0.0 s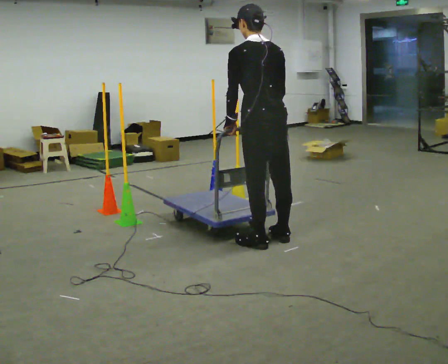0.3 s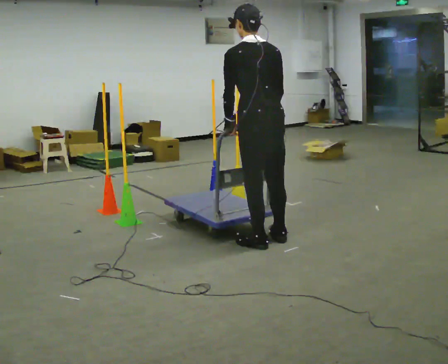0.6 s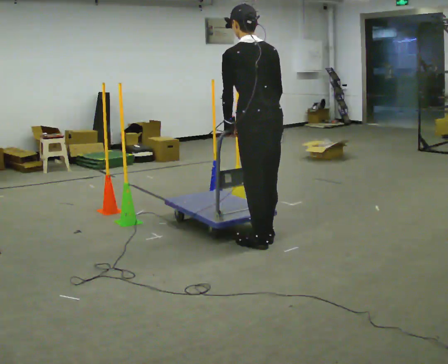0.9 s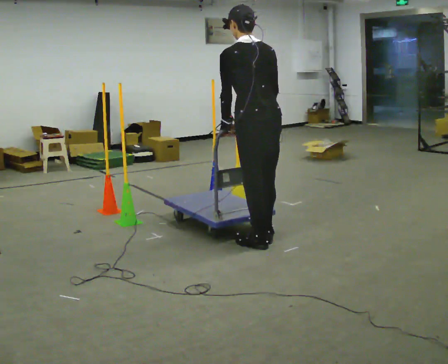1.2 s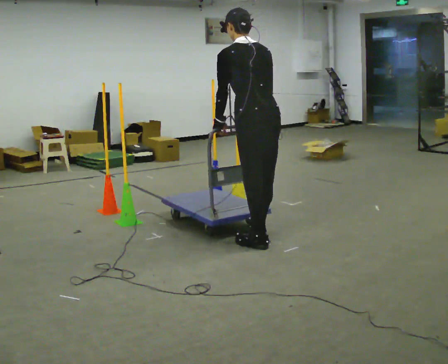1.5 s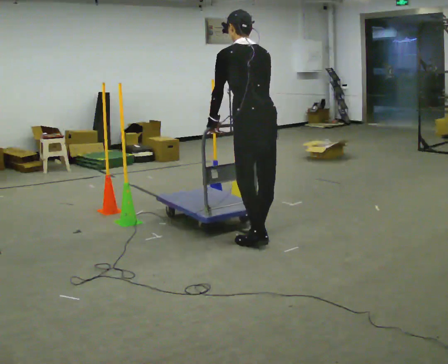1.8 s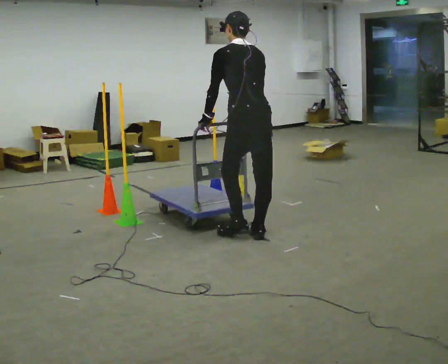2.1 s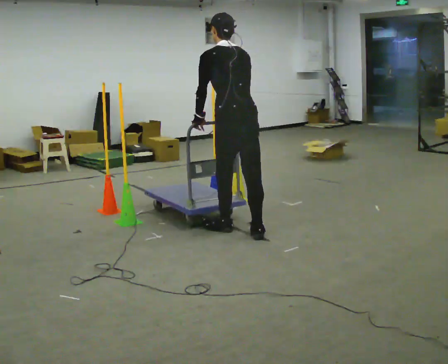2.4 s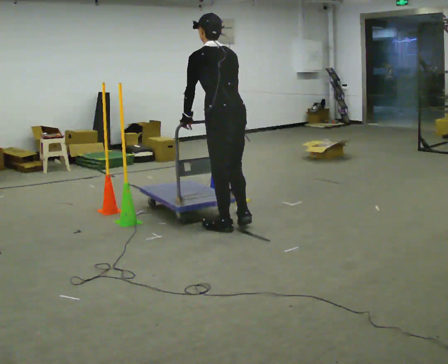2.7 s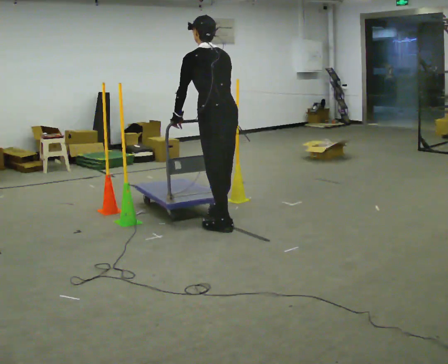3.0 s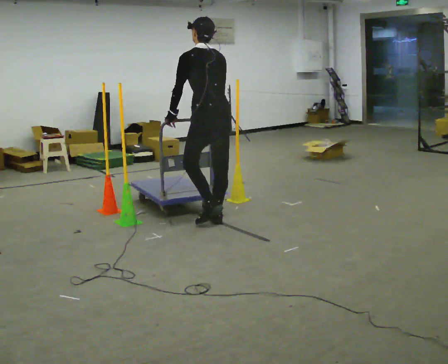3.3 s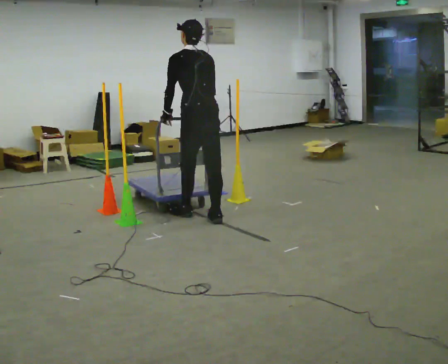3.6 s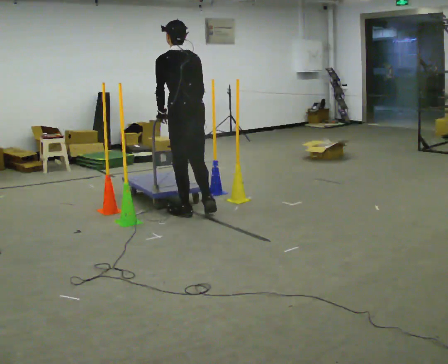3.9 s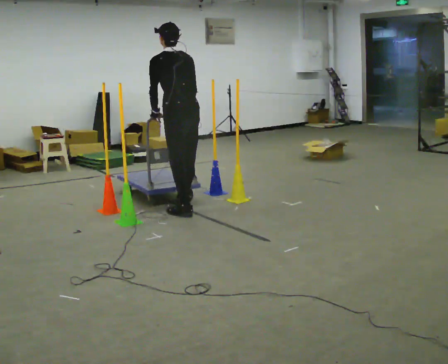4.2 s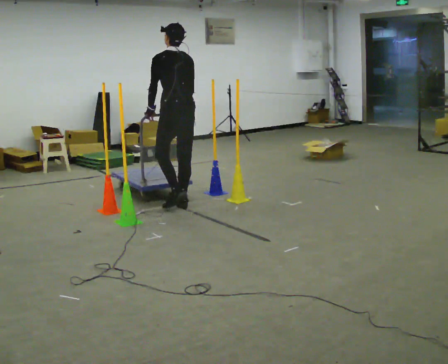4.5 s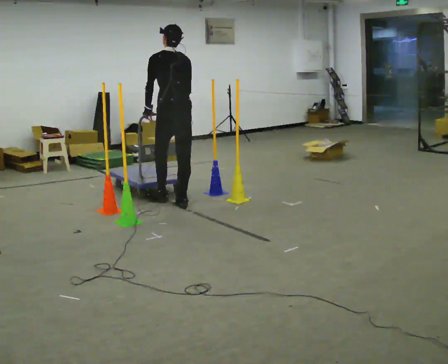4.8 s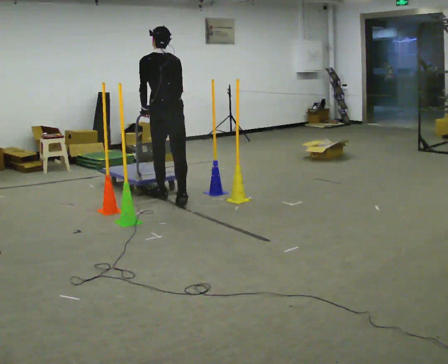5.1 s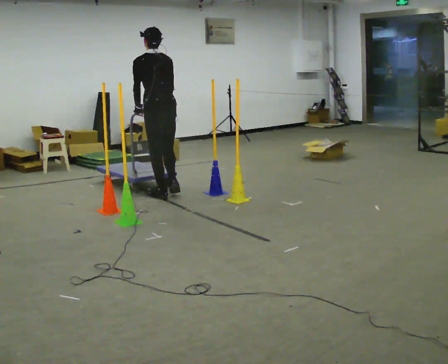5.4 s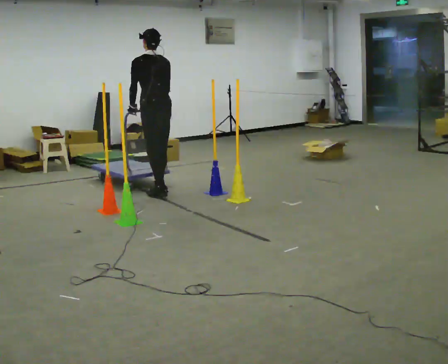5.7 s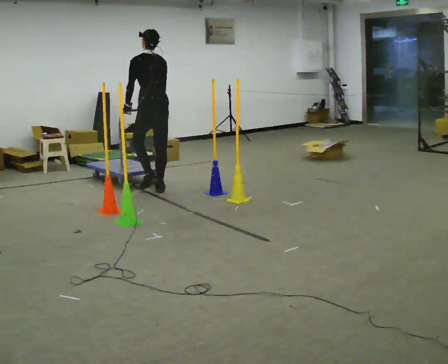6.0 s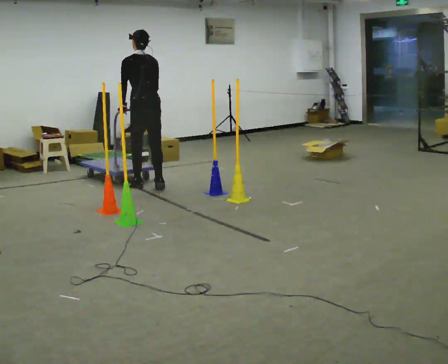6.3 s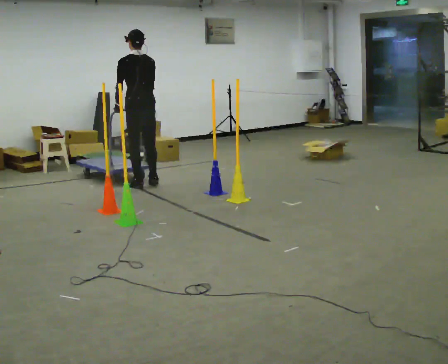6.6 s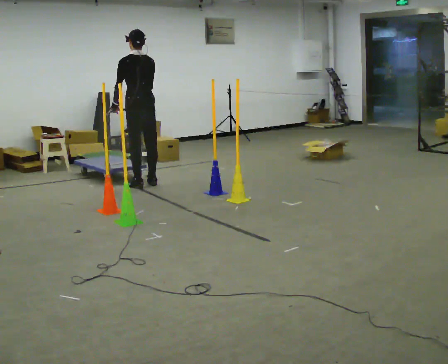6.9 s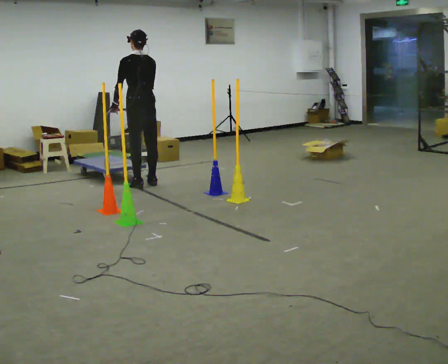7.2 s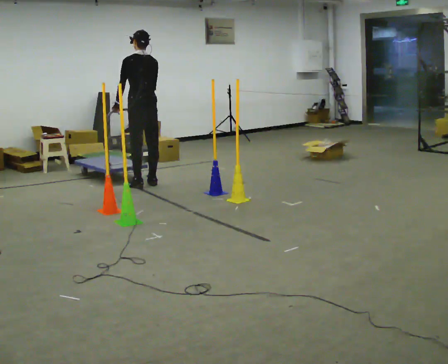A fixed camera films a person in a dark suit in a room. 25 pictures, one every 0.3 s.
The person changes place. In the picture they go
away from the camera.
0.0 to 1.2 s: The person moves a little, or ends about where they began.
1.2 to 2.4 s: In the picture they go away from the camera and to the left, about 0.5 m in 1 step, which for them is forward.
2.4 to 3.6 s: In the picture they go away from the camera and to the left, about 0.5 m in 2 steps, which for them is forward.
3.6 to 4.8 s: In the picture they go away from the camera and to the left, about 0.5 m in 2 steps, which for them is forward.
4.8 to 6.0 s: In the picture they go away from the camera and to the left, about 0.5 m in 2 steps, which for them is forward.
6.0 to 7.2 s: The person moves a little, or ends about where they began.
The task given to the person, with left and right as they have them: Push the cart in and out of the line of poles without touching any of them. Keep going until the operator says stop.
The film runs forward here.
